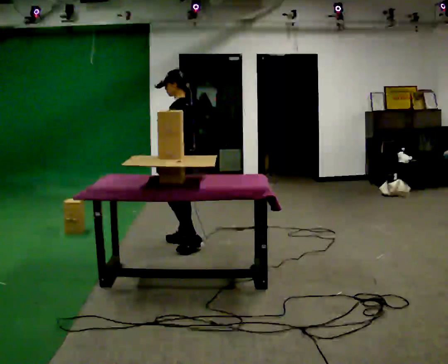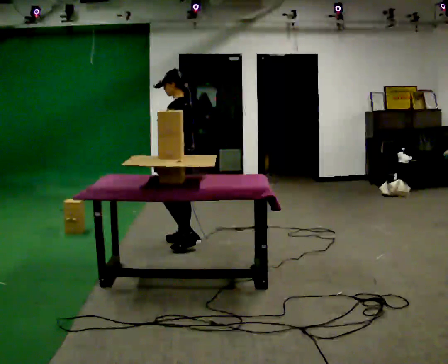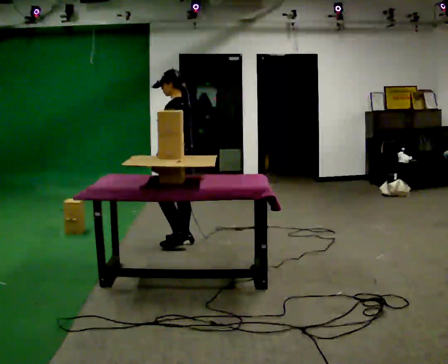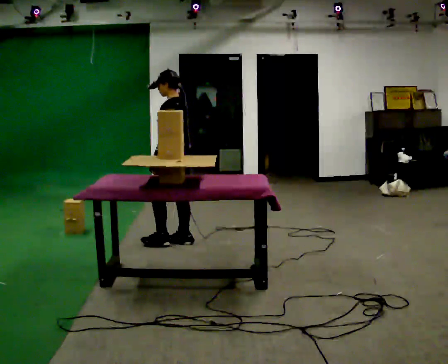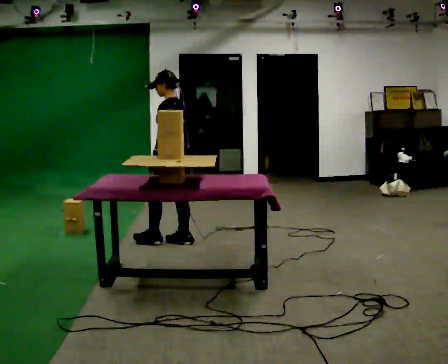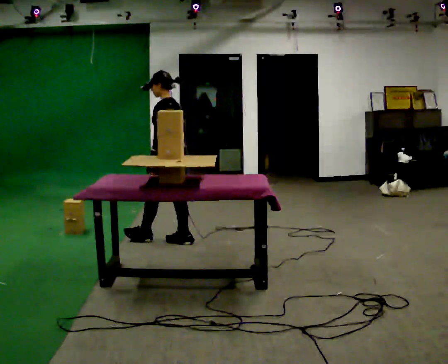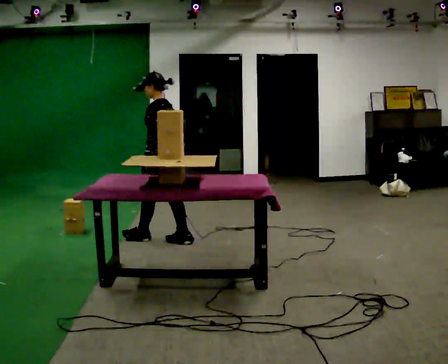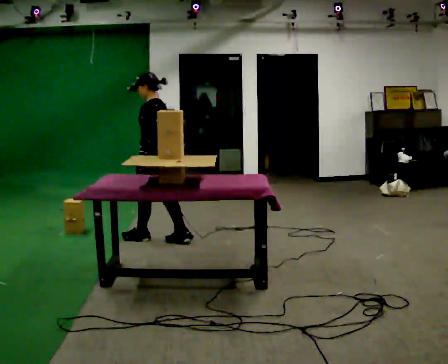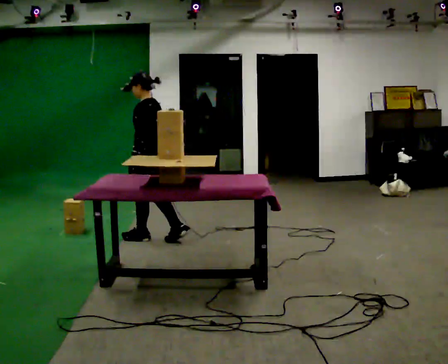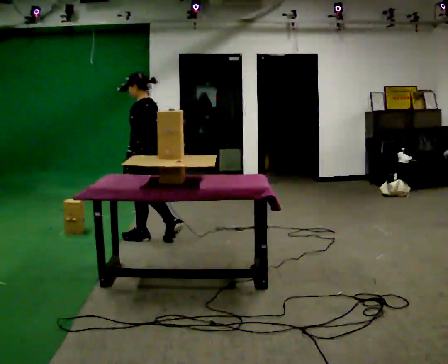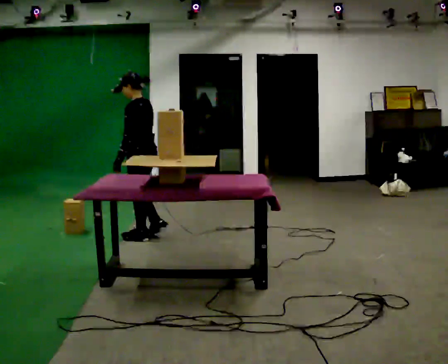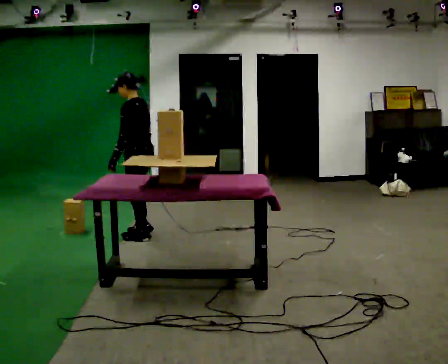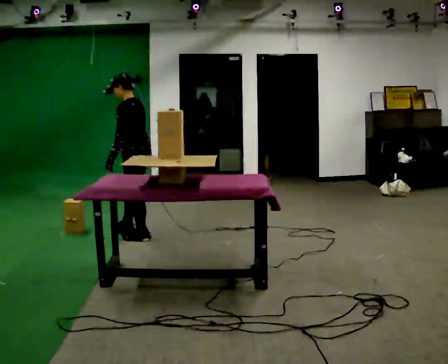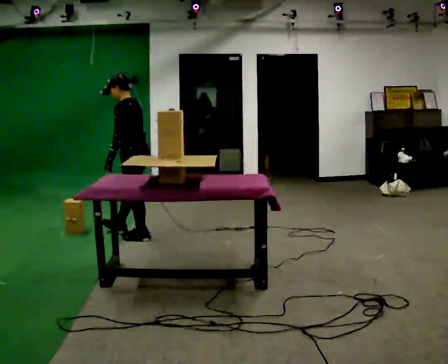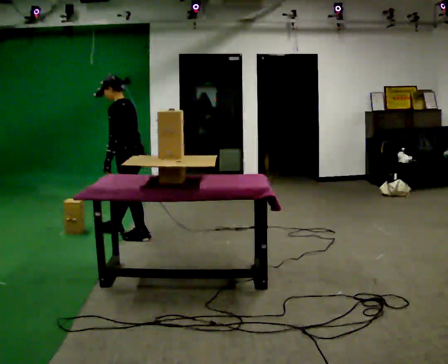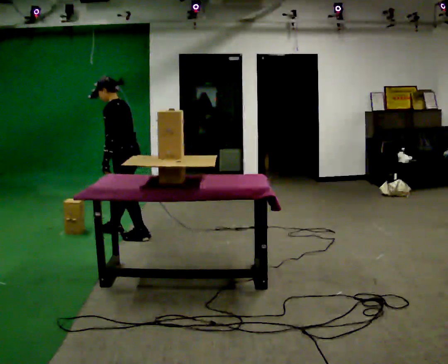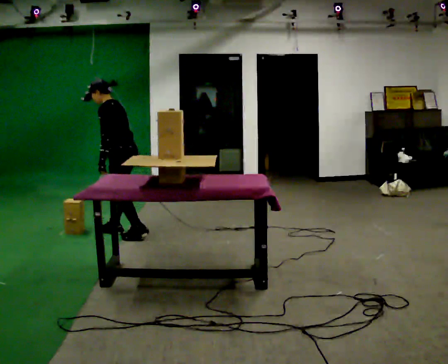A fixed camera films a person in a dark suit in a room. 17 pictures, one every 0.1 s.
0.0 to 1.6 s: In the picture they go to the left and away from the camera, about 0.5 m in 2 steps, which for them is forward. In the picture the upper body tilts counterclockwise, shoulders to the left, as they bend forward.
The film runs forward here.
